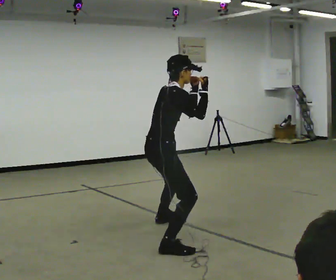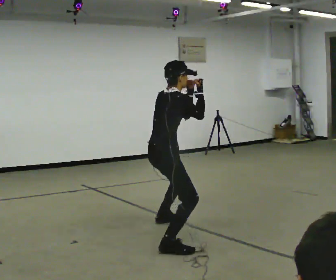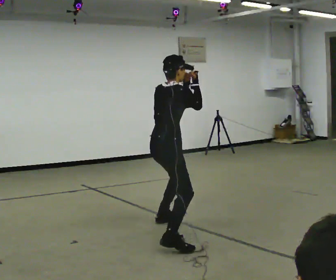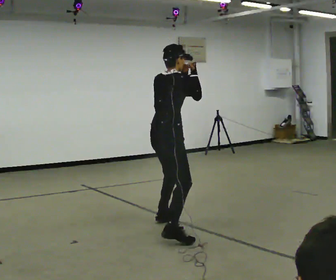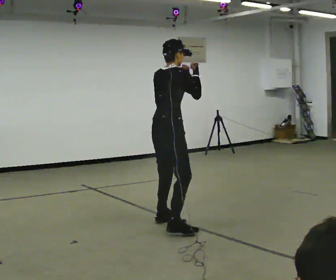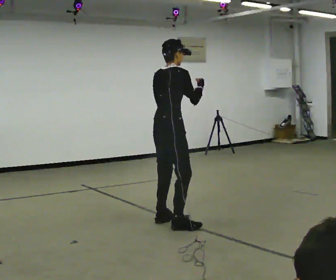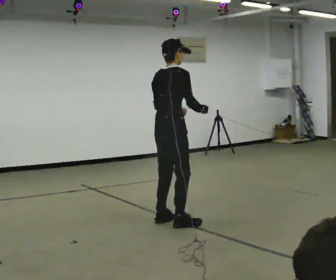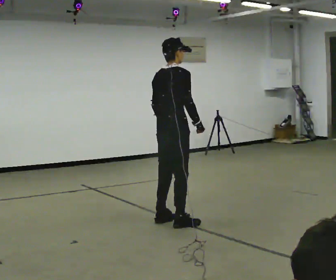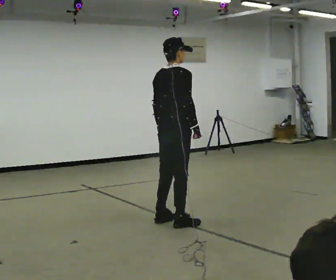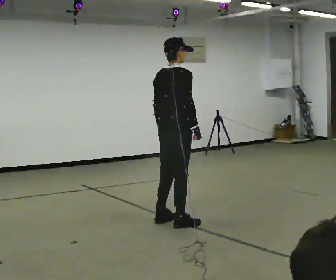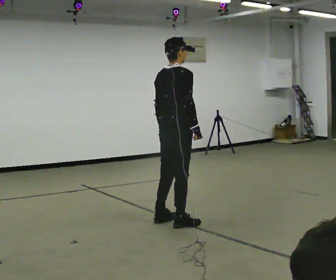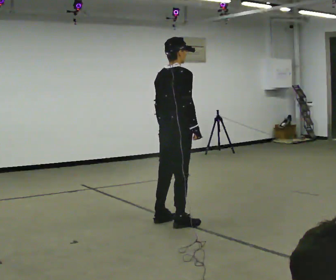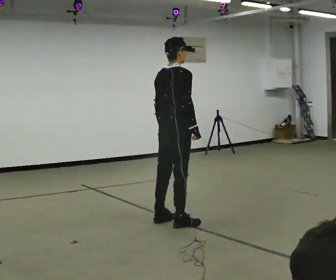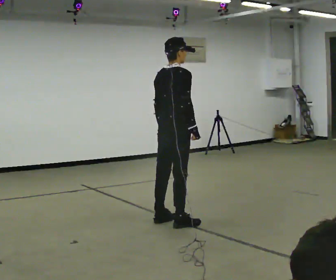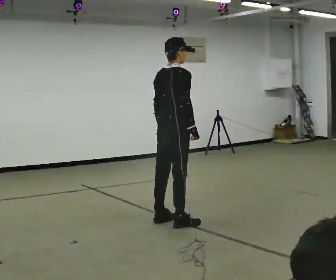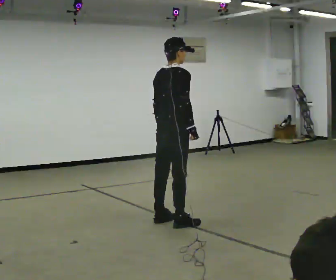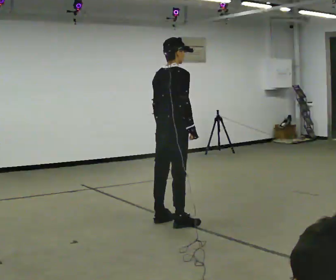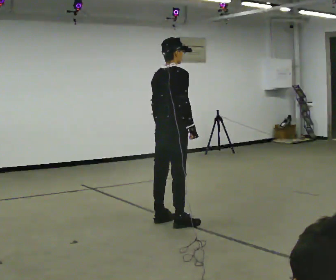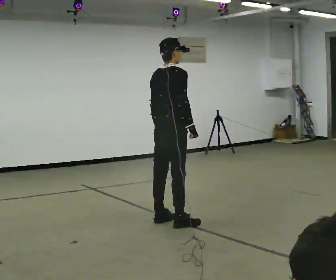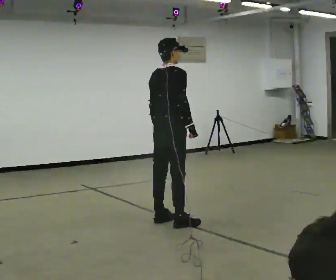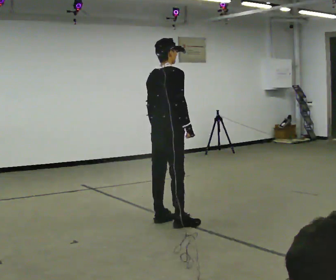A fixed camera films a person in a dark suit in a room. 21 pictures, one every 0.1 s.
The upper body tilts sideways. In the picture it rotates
counterclockwise.
0.0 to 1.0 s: The part of the body nearest the lens slides to the right as the person turns to their left by about 30 degrees. In the picture they go away from the camera, about 0.5 m in 1 step, which for them is forward and to their left. In the picture the upper body tilts counterclockwise, shoulders to the left, as they lean back or straighten. In the picture their left hand goes downward.
1.0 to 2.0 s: The person moves a little, or ends about where they began.
The film runs backward here.
